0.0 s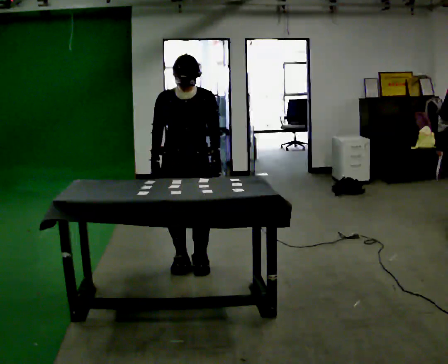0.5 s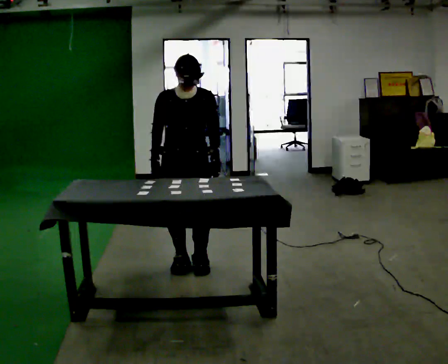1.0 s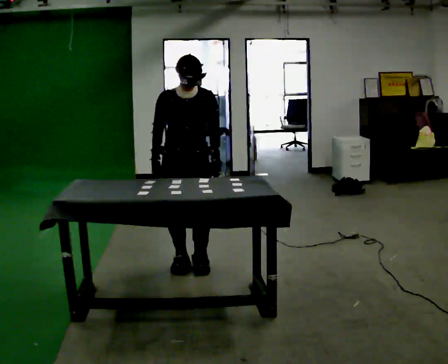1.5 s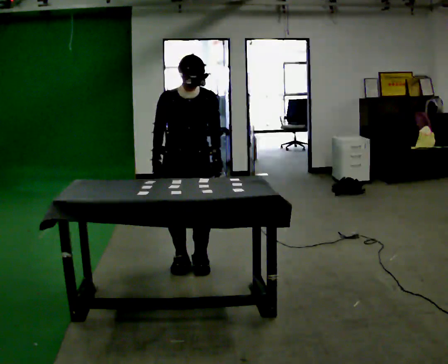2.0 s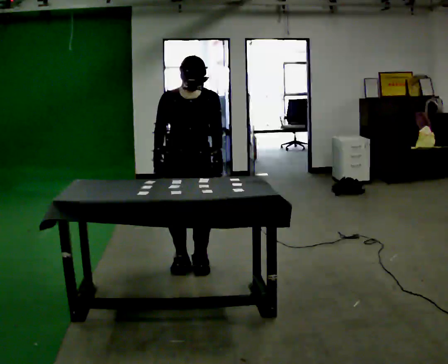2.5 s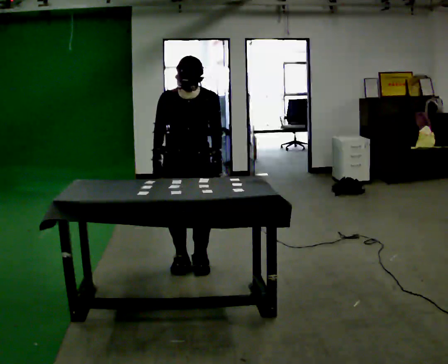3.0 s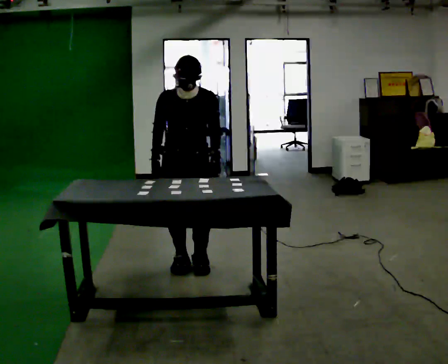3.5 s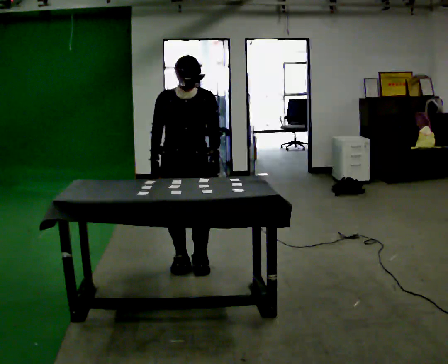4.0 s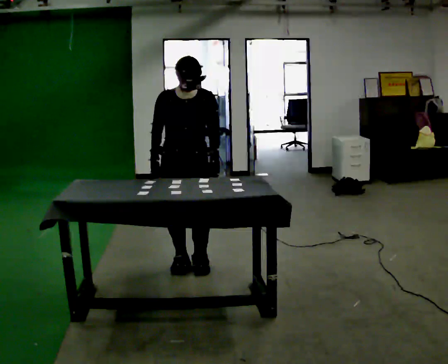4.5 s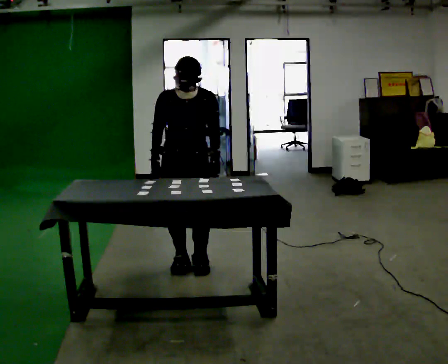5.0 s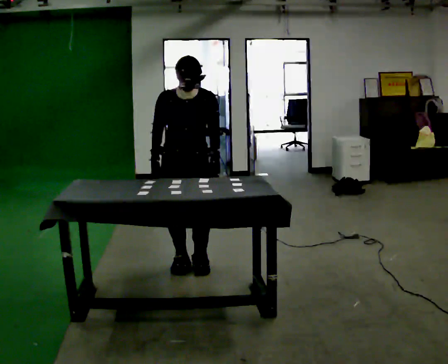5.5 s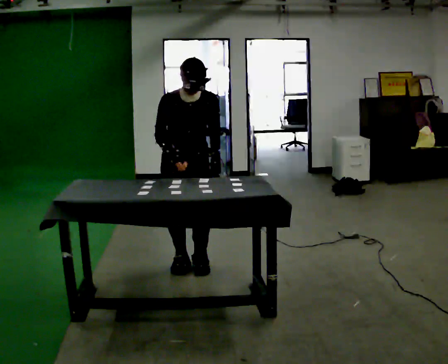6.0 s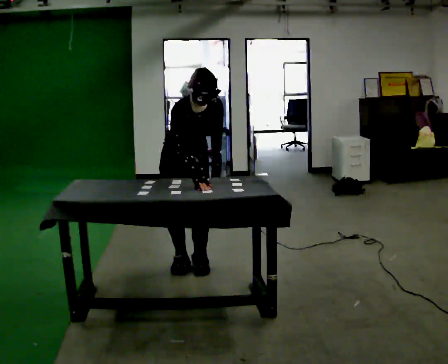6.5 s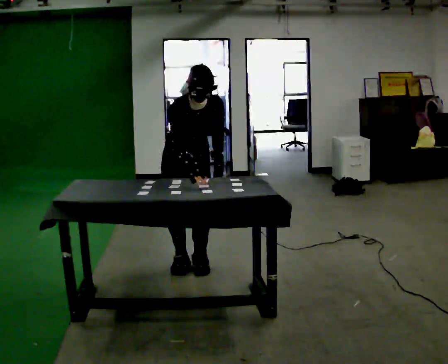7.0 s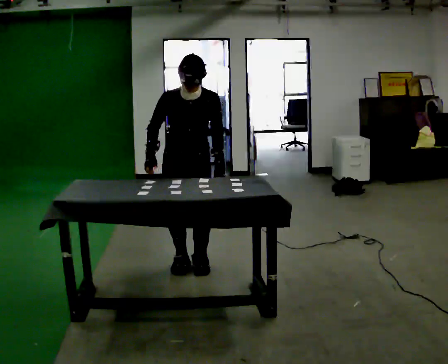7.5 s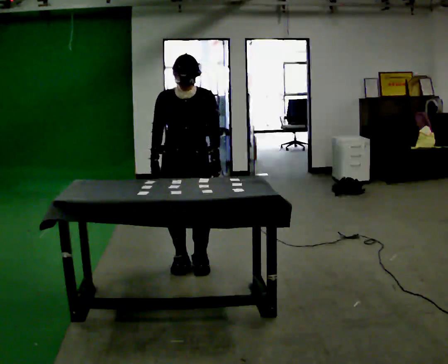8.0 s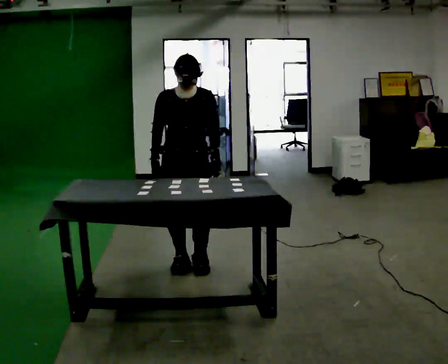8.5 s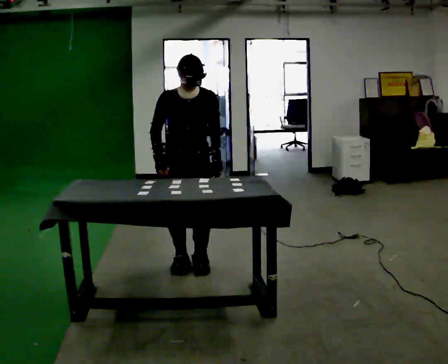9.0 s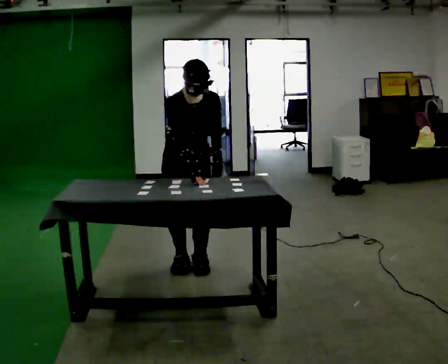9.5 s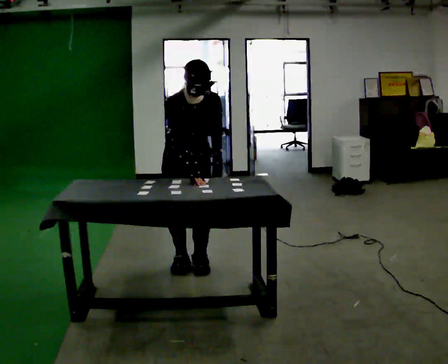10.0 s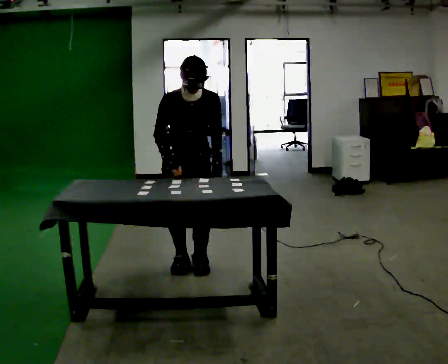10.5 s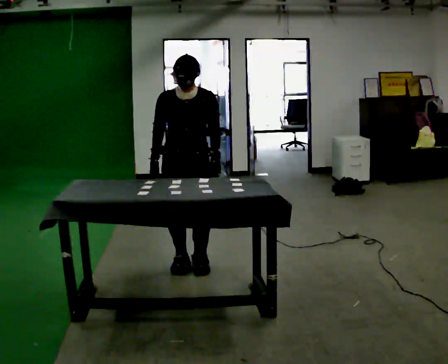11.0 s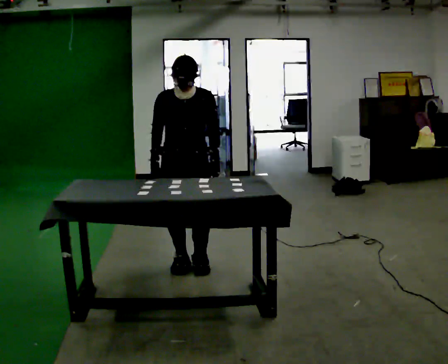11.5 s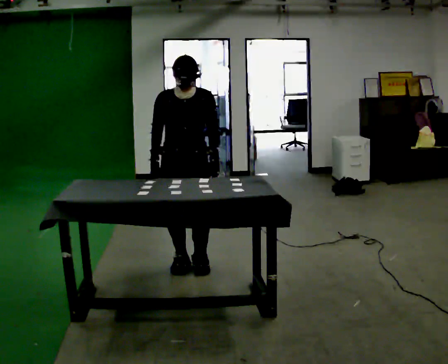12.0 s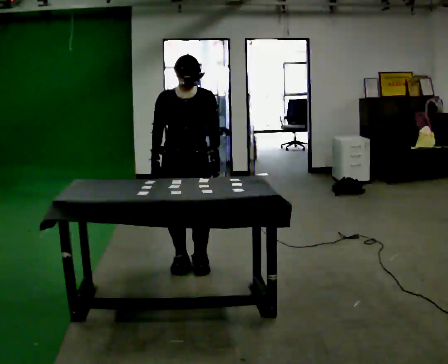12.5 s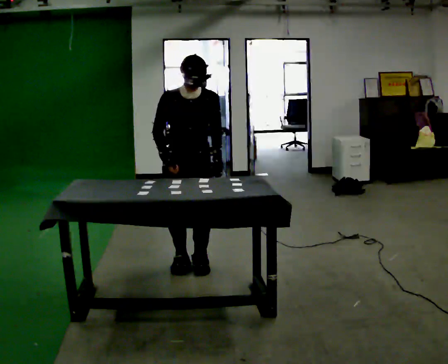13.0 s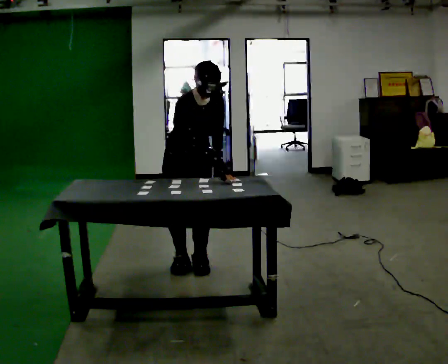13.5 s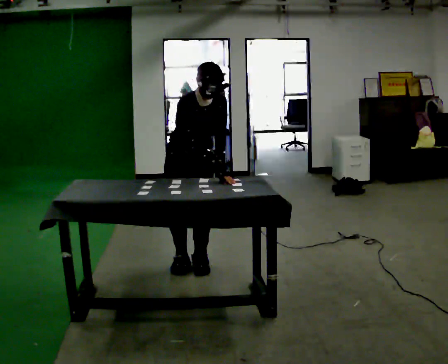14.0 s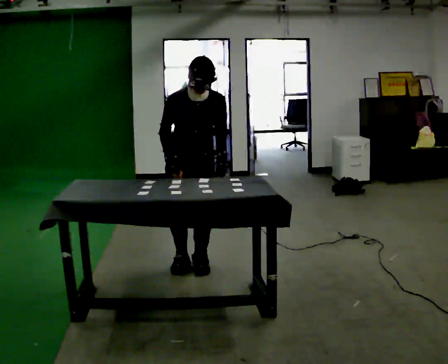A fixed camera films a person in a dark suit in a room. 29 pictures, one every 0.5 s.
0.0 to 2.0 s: The person moves a little, or ends about where they began.
2.0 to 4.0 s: The person keeps their place and pose.
4.0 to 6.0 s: The upper body tips toward the camera, its near side rolling downward, as they bend forward.
6.0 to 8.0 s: The upper body tips away from the camera, its near side rolling upward, as they lean back or straighten.
8.0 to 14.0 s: The person moves a little, or ends about where they began.
The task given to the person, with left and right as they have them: Touch each numbered target on the board in front of you in the order the operator calls. Keep both feet on the marked spots for the whole take. If you have to step, stop and tell the operator.
The film runs forward here.
